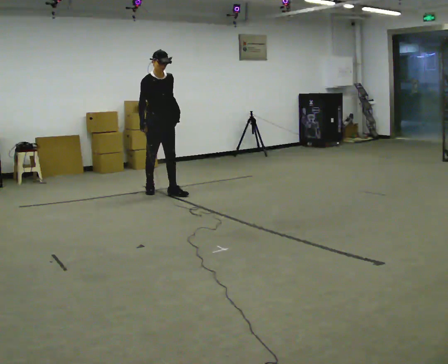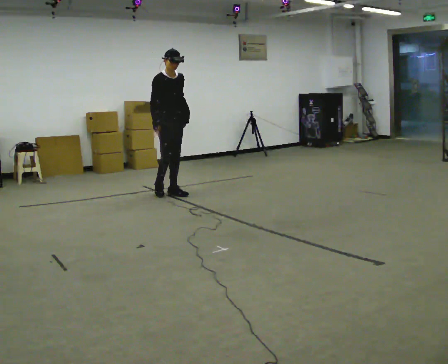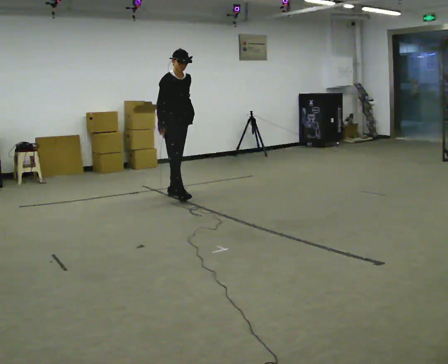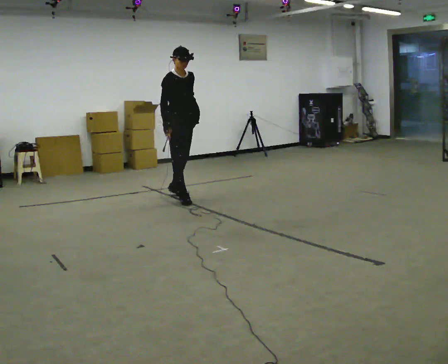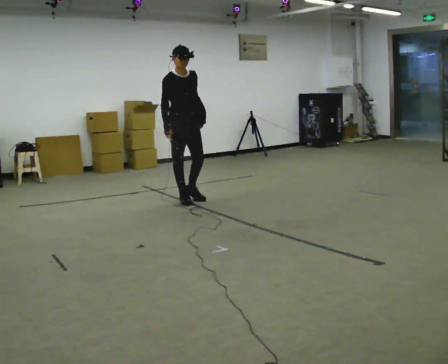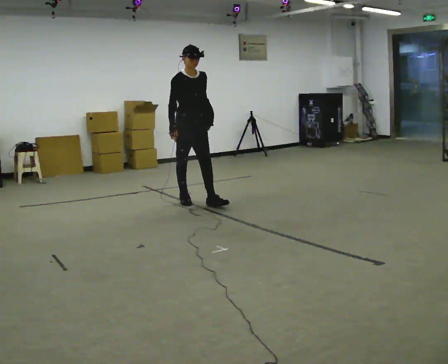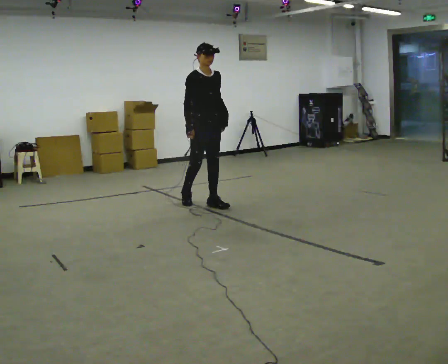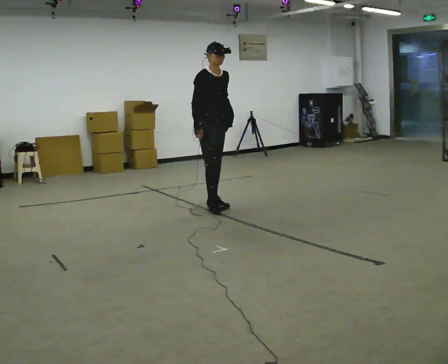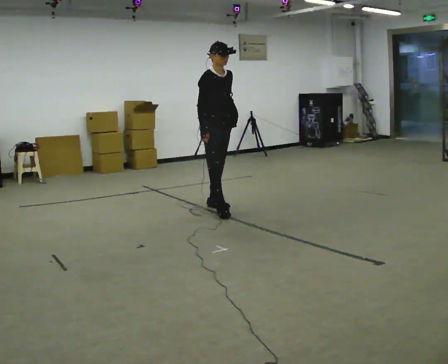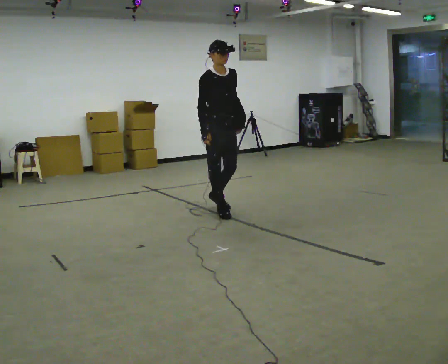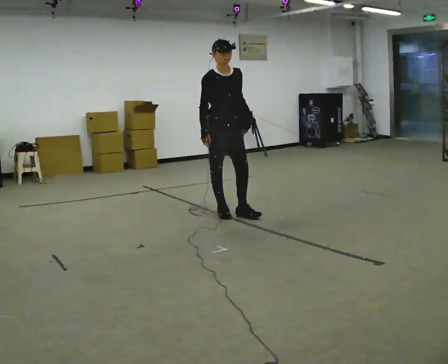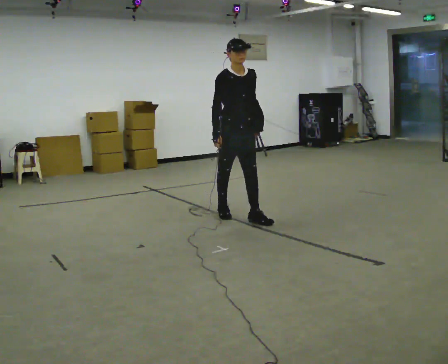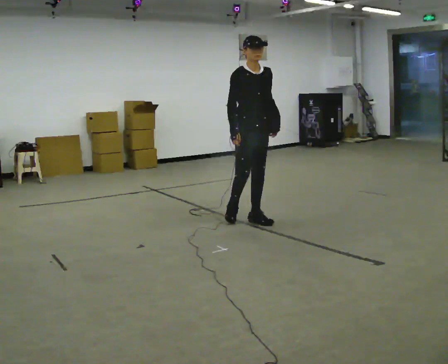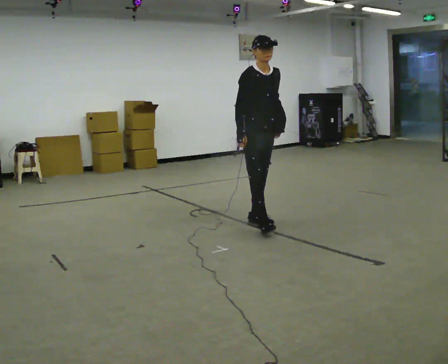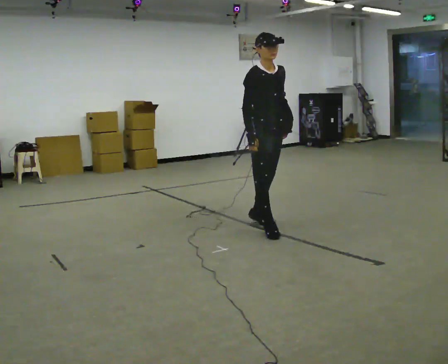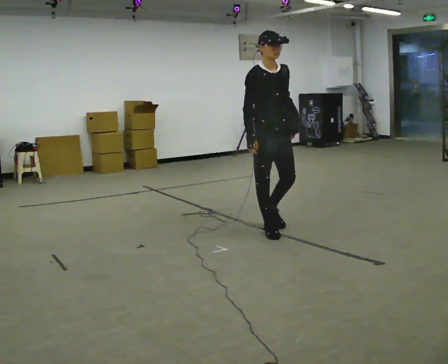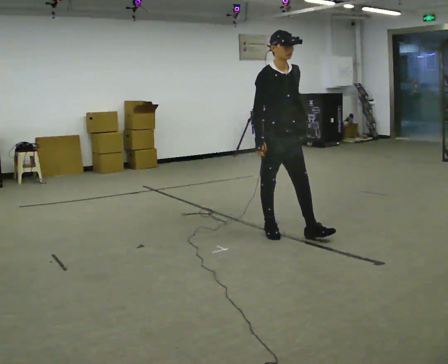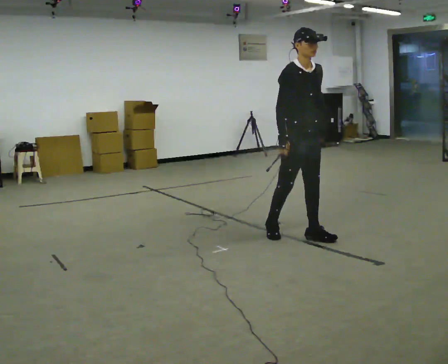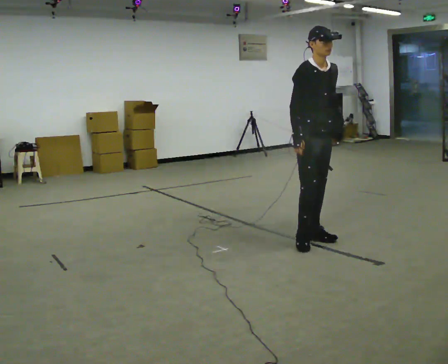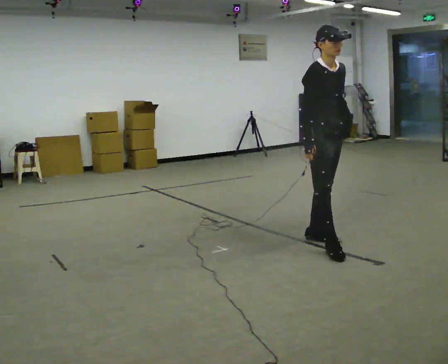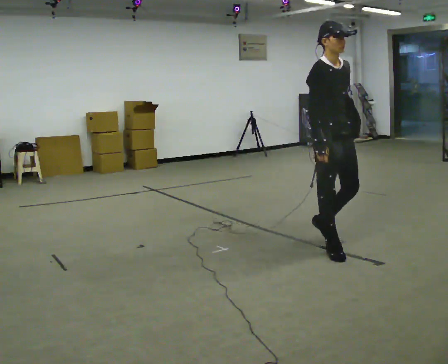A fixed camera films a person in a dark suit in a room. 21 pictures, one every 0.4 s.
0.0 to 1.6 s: In the picture they go toward the camera and to the right, about 0.5 m in 1 step, which for them is forward.
1.6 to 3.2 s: In the picture they go to the right and toward the camera, about 0.5 m in 2 steps, which for them is forward.
3.2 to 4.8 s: In the picture they go toward the camera and to the right, about 0.5 m in 1 step, which for them is forward.
4.8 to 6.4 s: In the picture they go toward the camera and to the right, about 0.5 m in 1 step, which for them is forward.
6.4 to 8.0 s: In the picture they go toward the camera and to the right, about 0.5 m in 2 steps, which for them is forward.
The film runs forward here.
